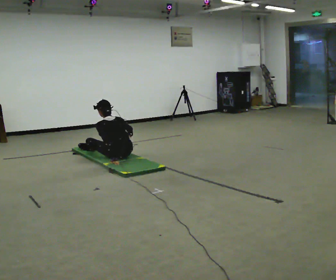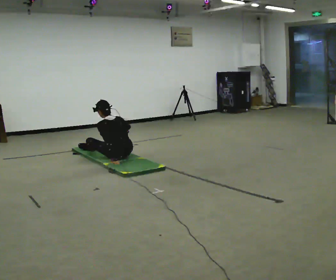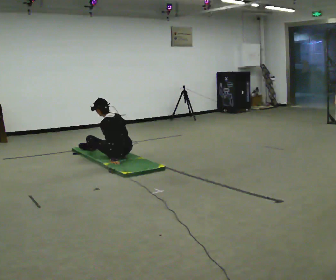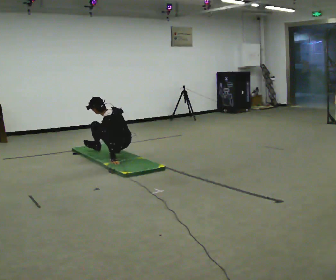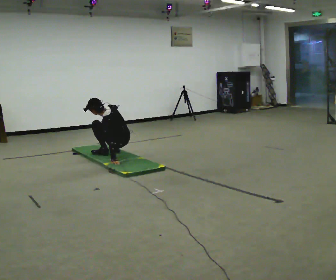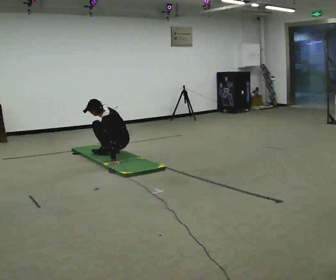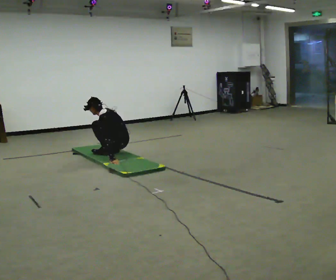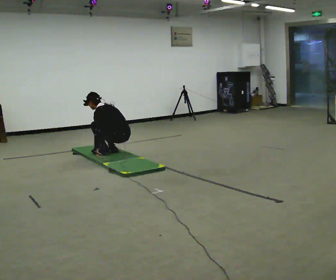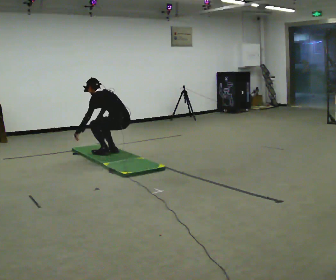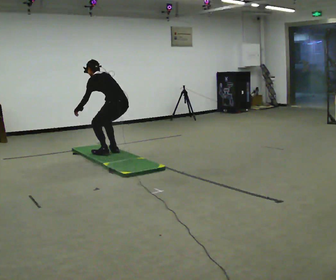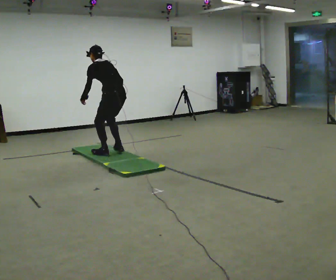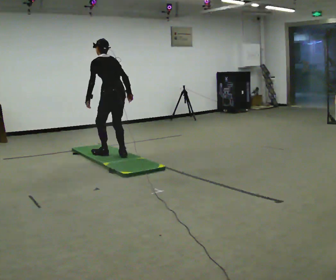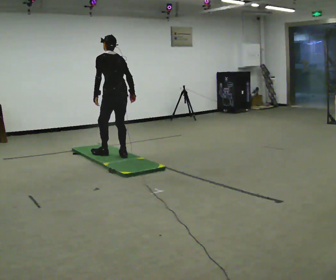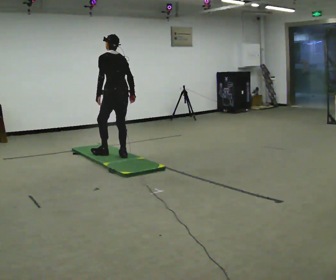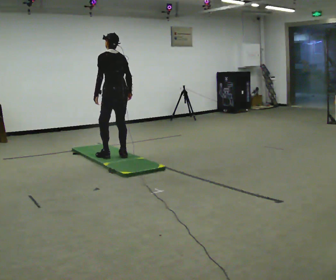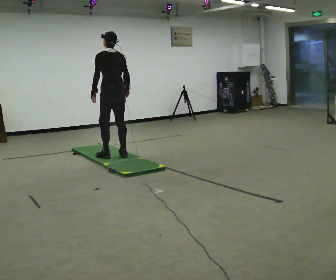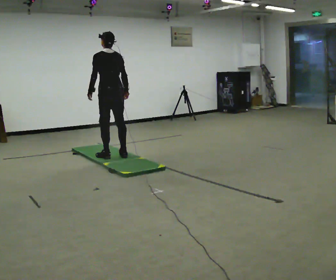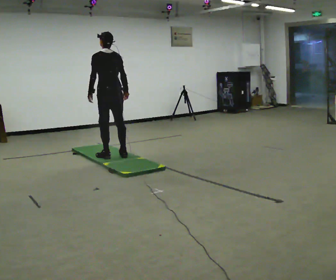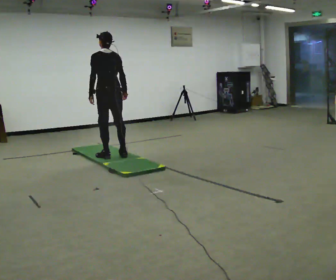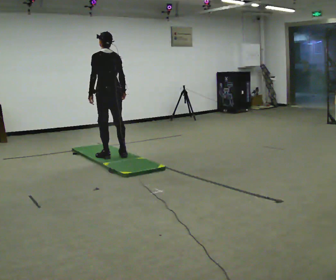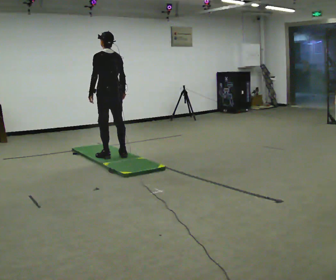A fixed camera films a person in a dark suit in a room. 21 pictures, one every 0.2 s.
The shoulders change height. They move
upward.
Their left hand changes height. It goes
upward.
0.0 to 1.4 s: The person turns about 30 degrees to their left, counterclockwise seen from above, so the part of the body nearest the lens slides to the right. In the picture they go away from the camera, about 0.25 m in 1 step, which for them is to their right and forward. In the picture their right hand goes to the left.
1.4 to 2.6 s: Seen from above the body turns clockwise, about 30 degrees: to their right, with its near side sliding to the left. The upper body goes upward. In the picture the upper body tilts clockwise, shoulders to the right, as they lean back or straighten. In the picture their right hand goes to the right and upward, the arm swinging counterclockwise.
2.6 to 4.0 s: The person moves a little, or ends about where they began.
The film runs forward here.
